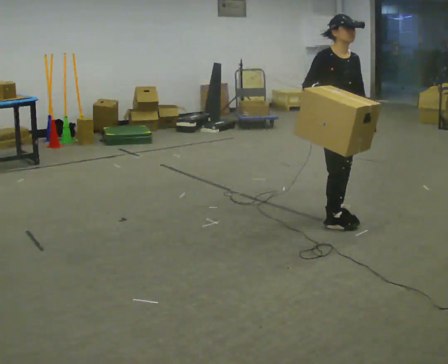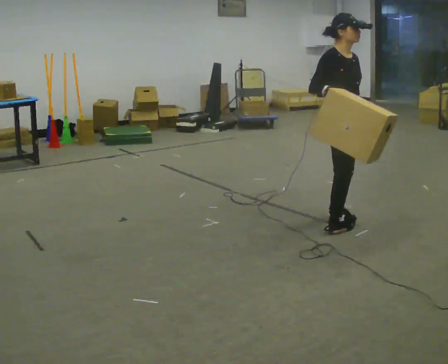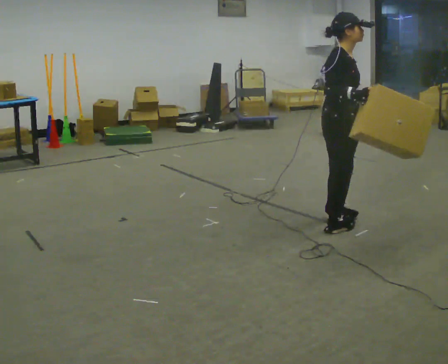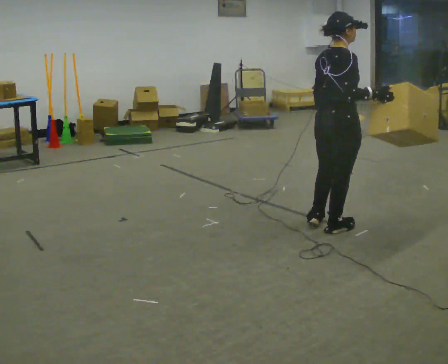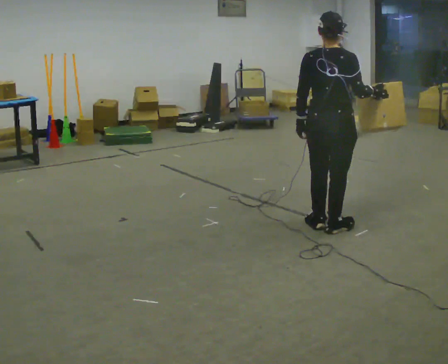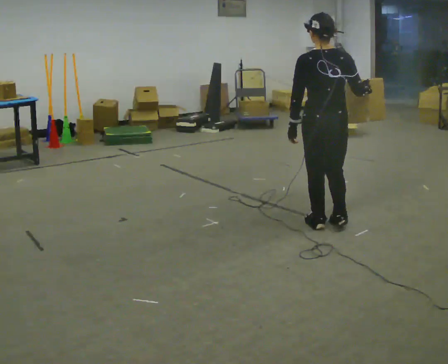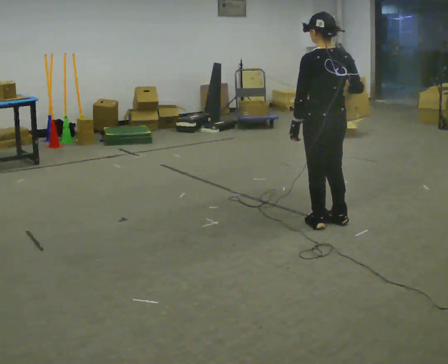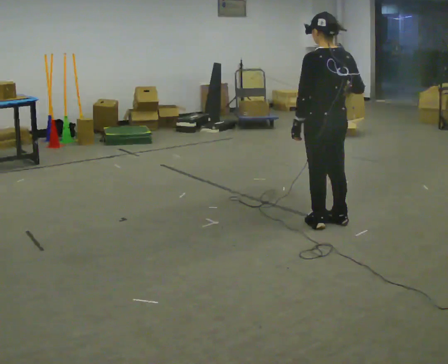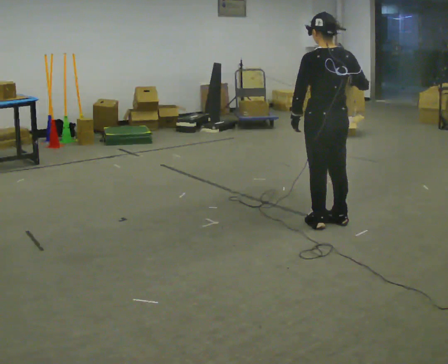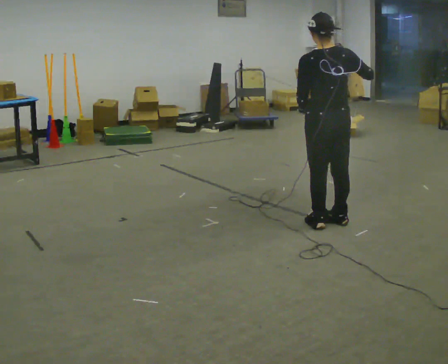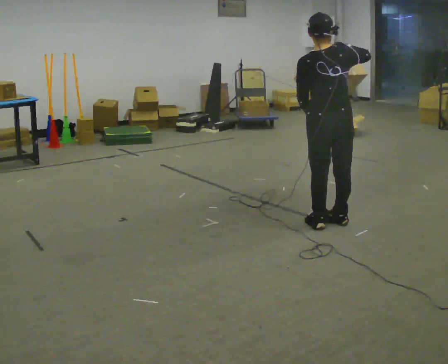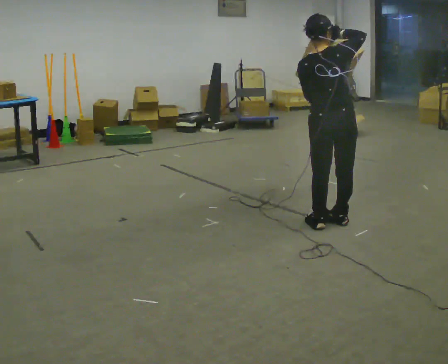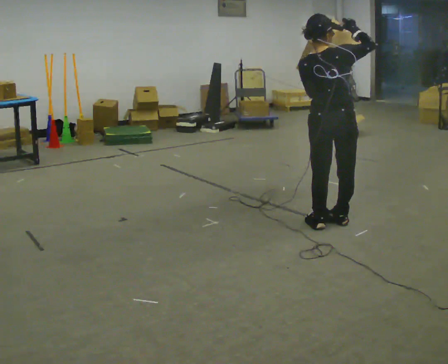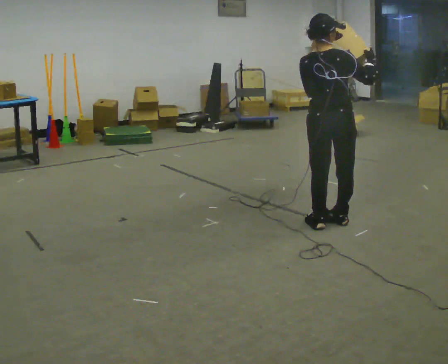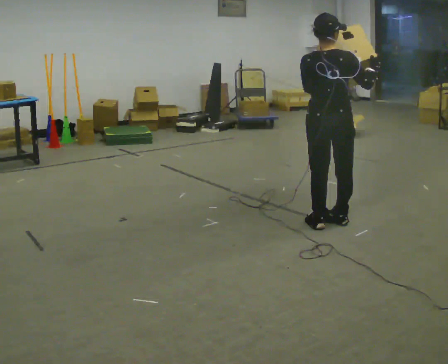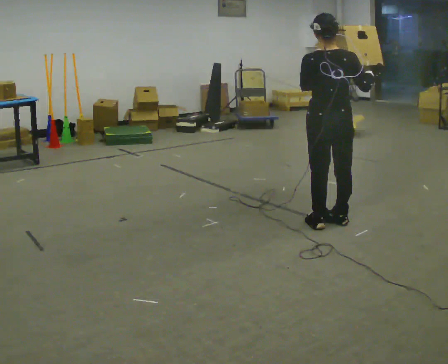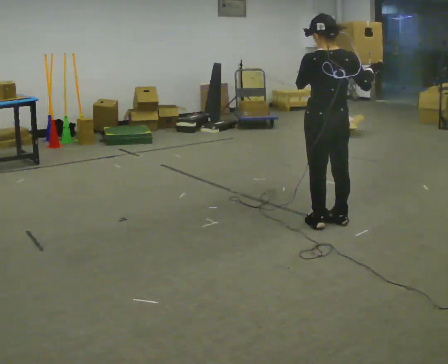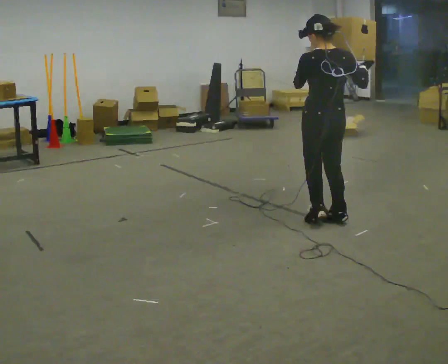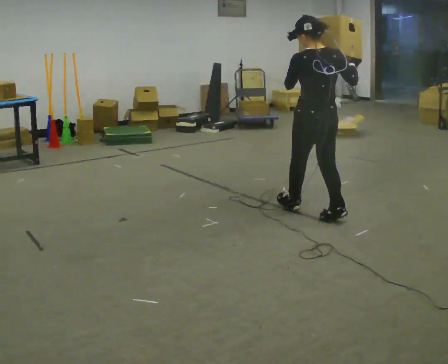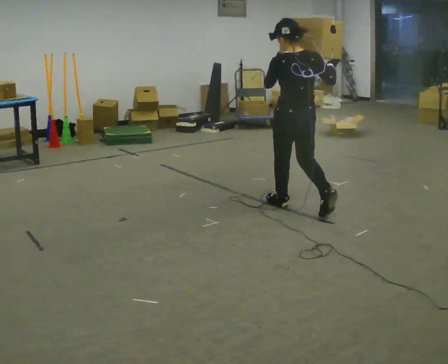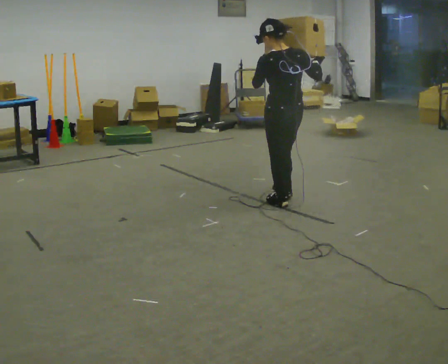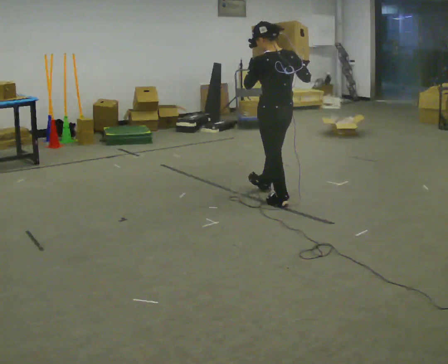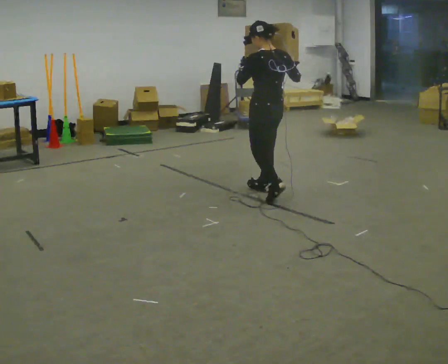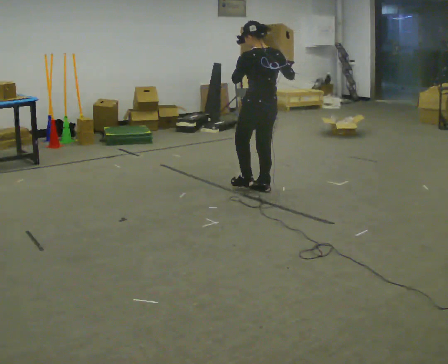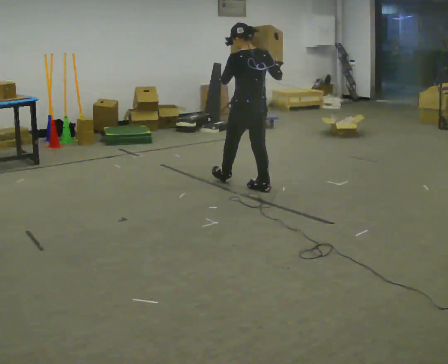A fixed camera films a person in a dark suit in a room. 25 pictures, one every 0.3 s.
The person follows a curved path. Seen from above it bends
clockwise.
0.0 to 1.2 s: The person turns about 120 degrees to their left, counterclockwise seen from above, so the part of the body nearest the lens slides to the right. In the picture they go toward the camera, about 0.25 m in 1 step. In the picture their right hand goes to the right.
1.2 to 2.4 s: The person turns about 30 degrees to their left, counterclockwise seen from above, so the part of the body nearest the lens slides to the right.
2.4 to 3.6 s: The part of the body nearest the lens slides to the left as the person turns to their right by about 30 degrees. In the picture their right hand goes upward.
3.6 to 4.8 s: The person moves a little, or ends about where they began.
4.8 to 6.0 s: In the picture they go away from the camera and to the left, about 0.5 m in 1 step, which for them is forward.
6.0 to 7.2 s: In the picture they go away from the camera and to the left, about 0.5 m in 2 steps, which for them is forward.
The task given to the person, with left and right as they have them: Carry the box and, while walking, shift it to a different hold: front, then hip, then shoulder, then back to front. Do not stop walking.
The film runs forward here.
